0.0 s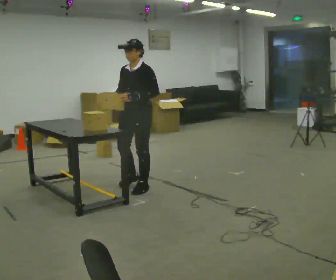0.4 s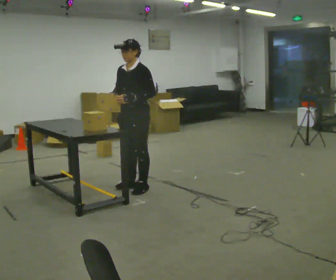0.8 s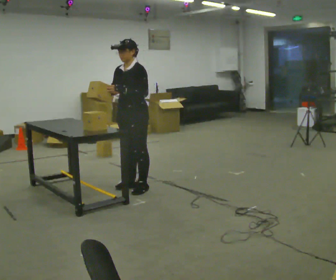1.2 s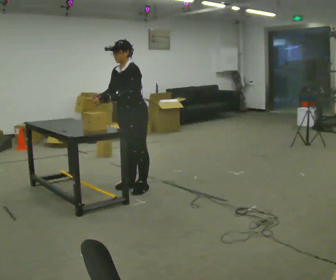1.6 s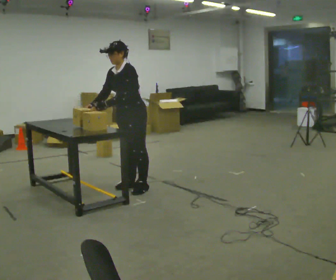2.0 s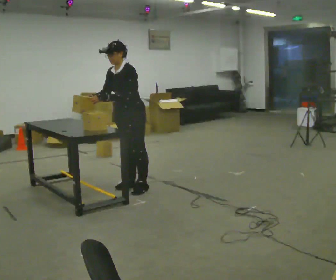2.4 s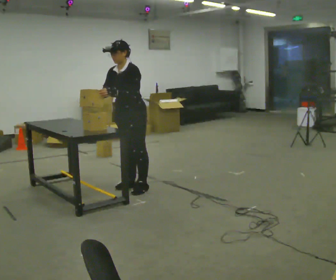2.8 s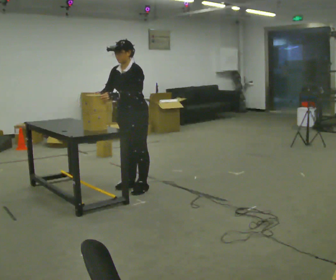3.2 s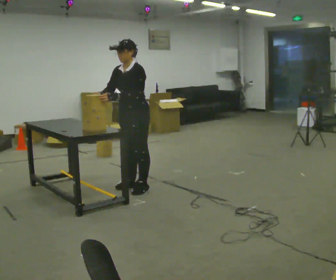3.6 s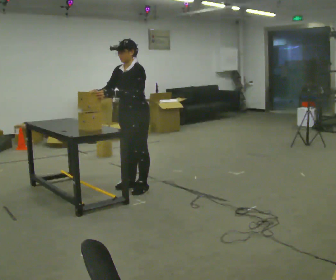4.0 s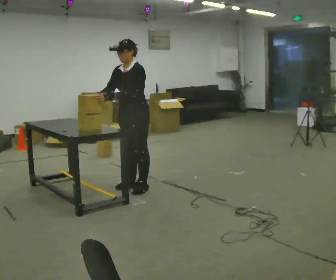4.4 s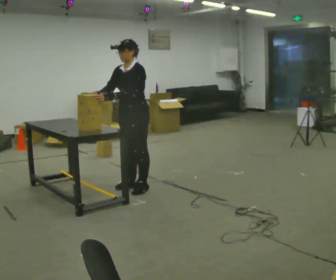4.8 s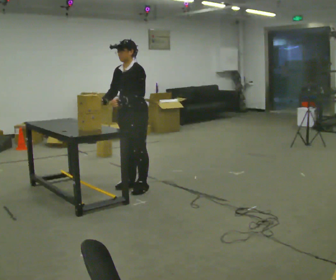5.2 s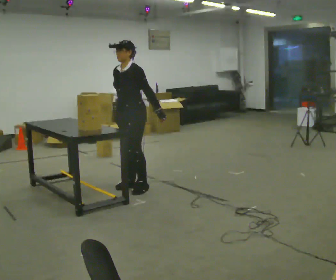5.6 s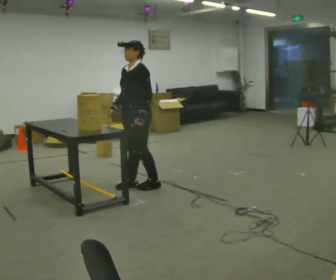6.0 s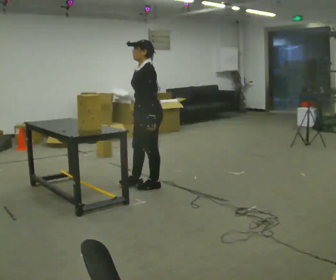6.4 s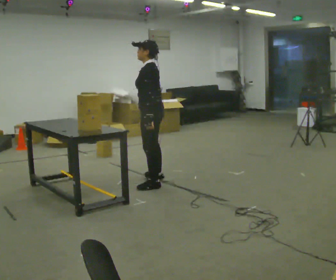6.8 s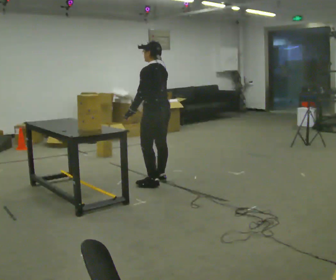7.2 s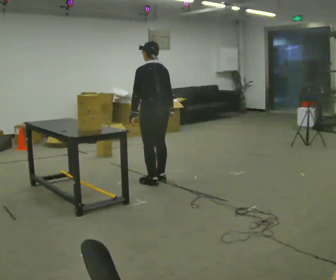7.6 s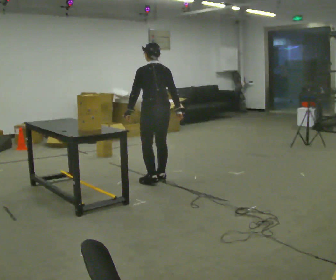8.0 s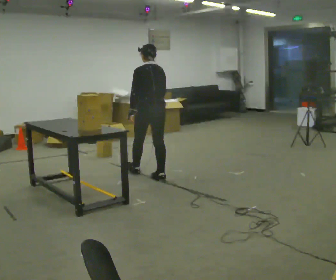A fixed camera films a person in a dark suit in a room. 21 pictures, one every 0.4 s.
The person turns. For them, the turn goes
to their right.
The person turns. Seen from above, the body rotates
clockwise.
0.0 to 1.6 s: In the picture the upper body tilts counterclockwise, shoulders to the left, as they bend forward. In the picture their left hand goes to the left.
1.6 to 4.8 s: The person moves a little, or ends about where they began.
4.8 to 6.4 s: The part of the body nearest the lens slides to the left as the person turns to their right by about 60 degrees. In the picture they go to the right, about 0.25 m in 1 step, which for them is backward. In the picture their right hand goes to the right.
6.4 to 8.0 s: Seen from above the body turns clockwise, about 45 degrees: to their right, with its near side sliding to the left. In the picture they go away from the camera, about 0.5 m, which for them is forward and to their right.
The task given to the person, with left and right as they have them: Take an object off the waist-height shelf, carry it across the room, and set it down on the floor. Keep going until the operator says stop; one object at a time, and do not rush between trips.
The film runs forward here.
